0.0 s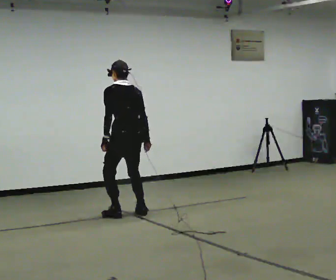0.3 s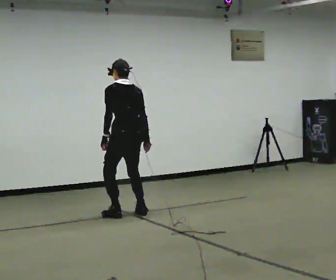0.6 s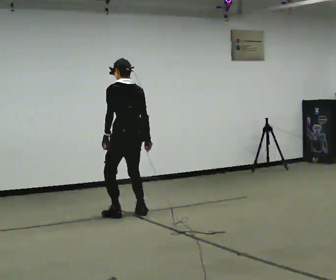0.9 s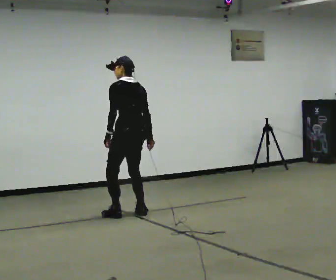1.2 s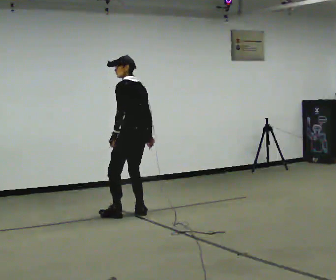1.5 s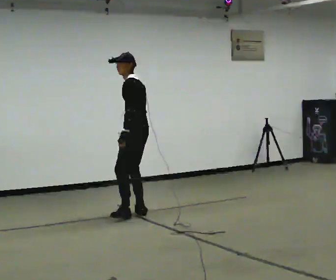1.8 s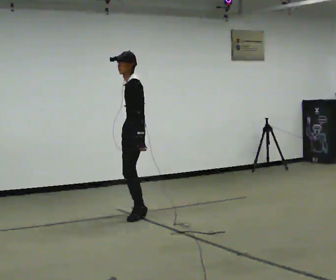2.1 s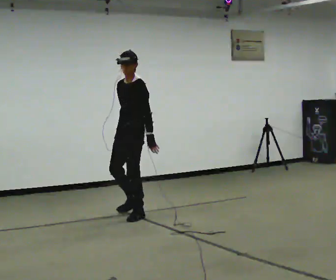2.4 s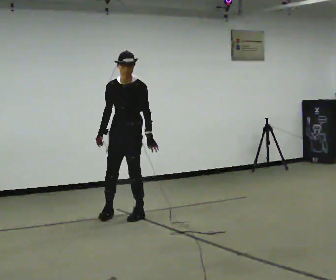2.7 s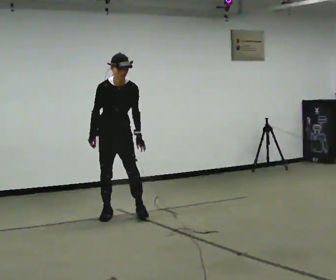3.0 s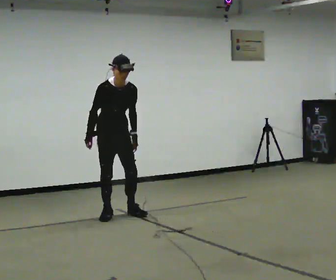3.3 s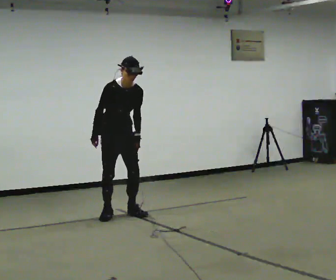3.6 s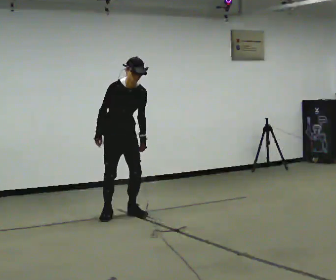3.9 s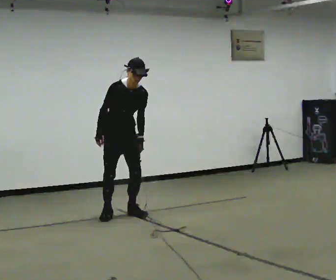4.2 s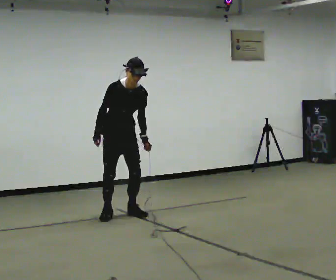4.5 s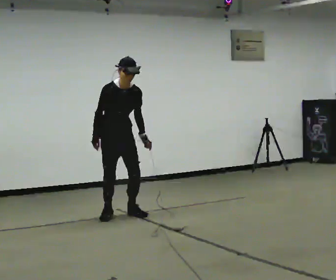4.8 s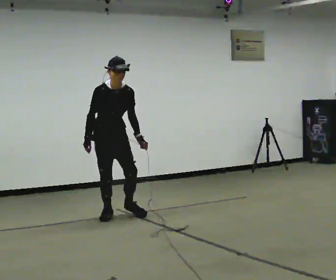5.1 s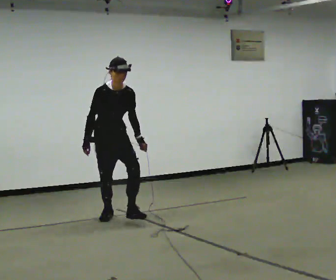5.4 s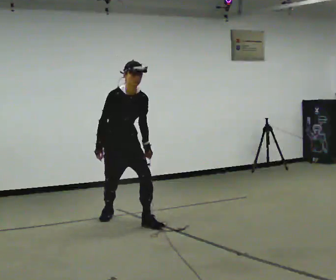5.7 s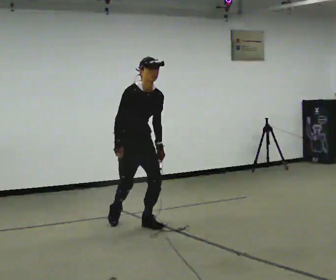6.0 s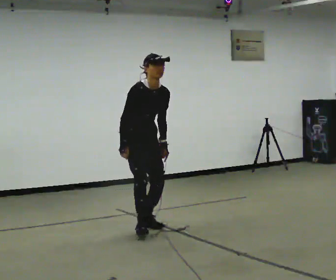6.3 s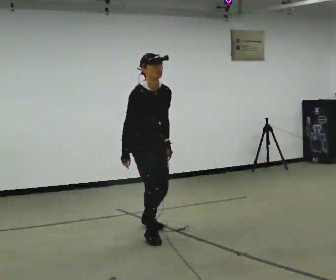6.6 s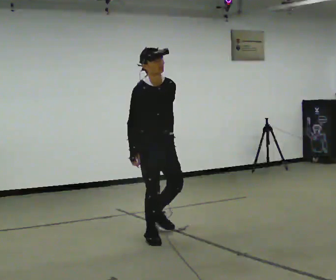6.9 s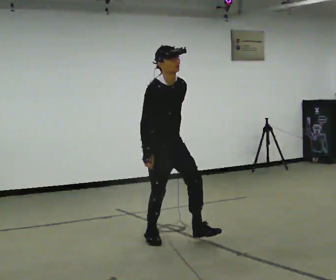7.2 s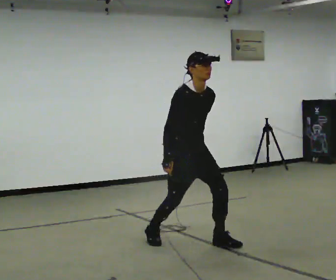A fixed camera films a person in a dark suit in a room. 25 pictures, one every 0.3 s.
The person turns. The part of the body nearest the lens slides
to the right.
The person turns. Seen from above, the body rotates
counterclockwise.
0.0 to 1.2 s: The person turns about 30 degrees to their left, counterclockwise seen from above, so the part of the body nearest the lens slides to the right.
1.2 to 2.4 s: The person turns about 120 degrees to their left, counterclockwise seen from above, so the part of the body nearest the lens slides to the right. In the picture they go to the left, about 0.25 m in 2 steps. The upper body tips toward the camera, its near side rolling downward. In the picture their right hand goes to the left, the arm swinging clockwise.
2.4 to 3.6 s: The person turns about 30 degrees to their left, counterclockwise seen from above, so the part of the body nearest the lens slides to the right. In the picture the upper body tilts clockwise, shoulders to the right.
3.6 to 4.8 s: The person moves a little, or ends about where they began.
4.8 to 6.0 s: In the picture they go toward the camera and to the right, about 0.75 m in 1 step, which for them is forward.
6.0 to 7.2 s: In the picture they go toward the camera and to the right, about 0.5 m in 2 steps, which for them is forward.
The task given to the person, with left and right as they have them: Walk forward in a lowered crouched posture at a comfortable speed; do not go lower than is comfortable; stop.
The film runs forward here.
